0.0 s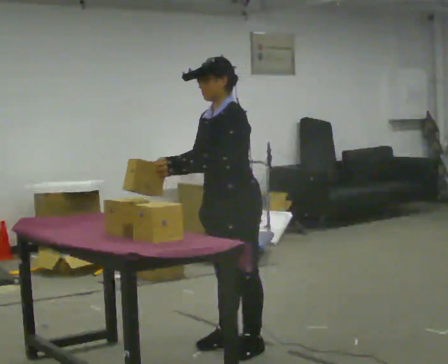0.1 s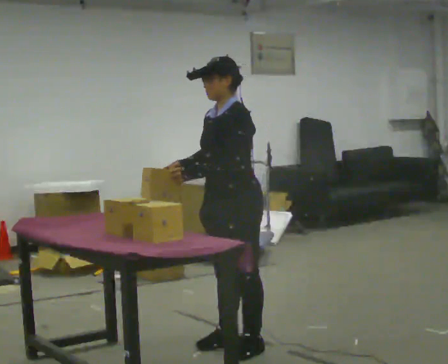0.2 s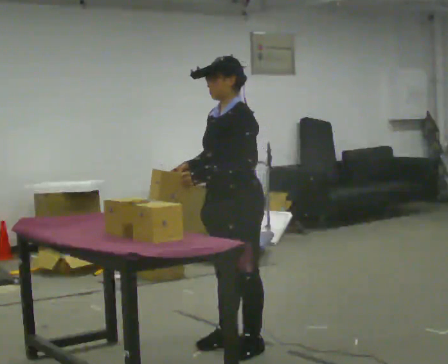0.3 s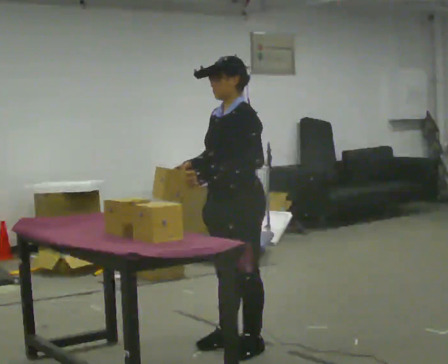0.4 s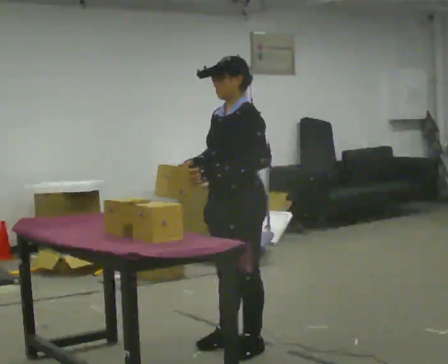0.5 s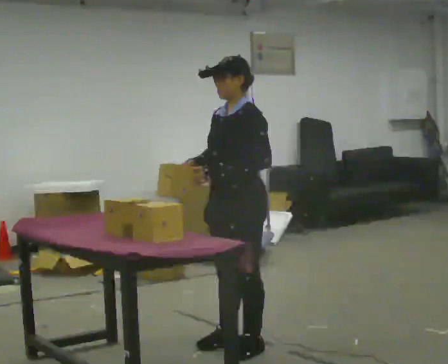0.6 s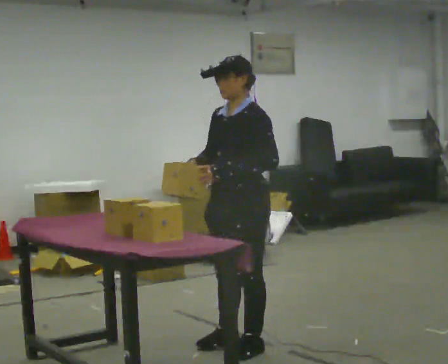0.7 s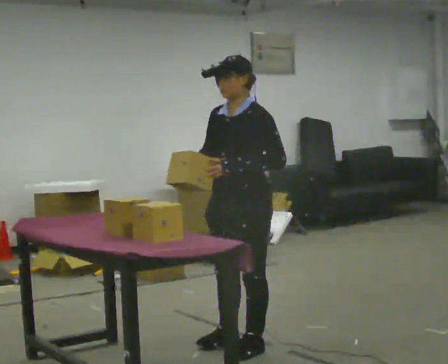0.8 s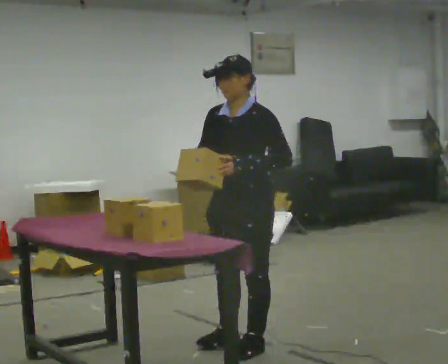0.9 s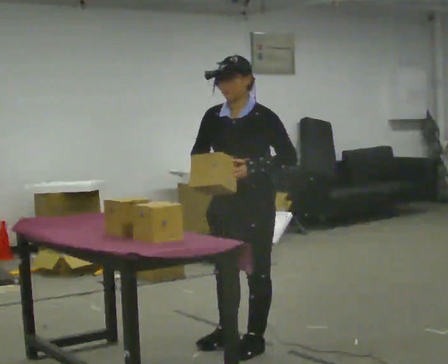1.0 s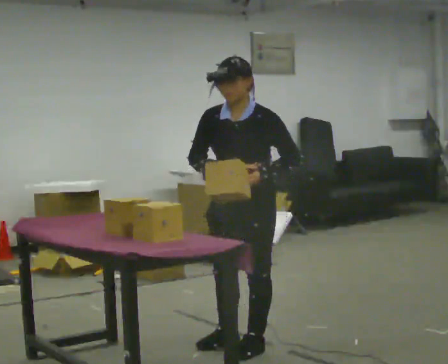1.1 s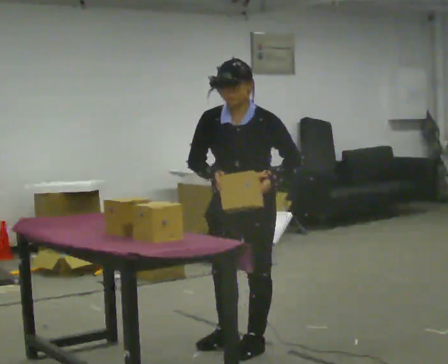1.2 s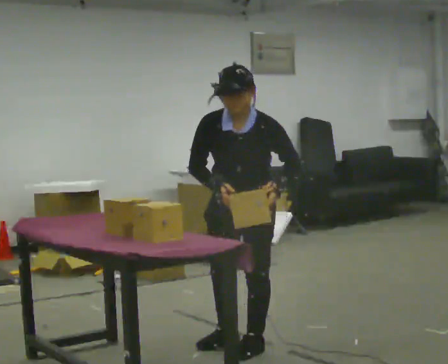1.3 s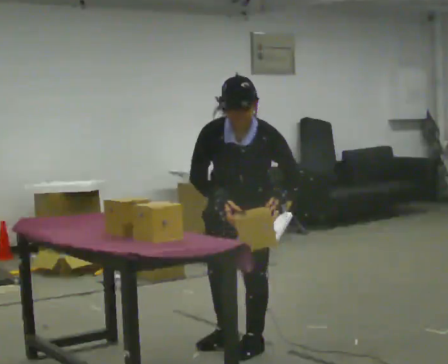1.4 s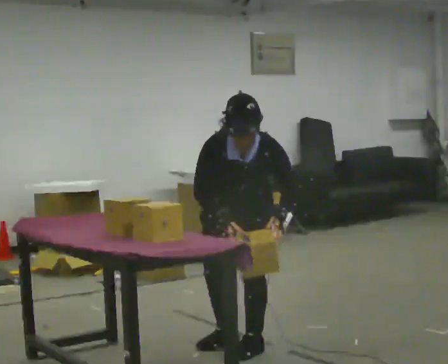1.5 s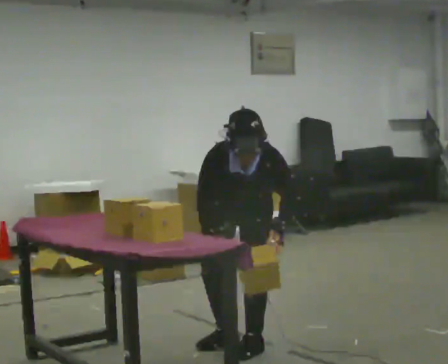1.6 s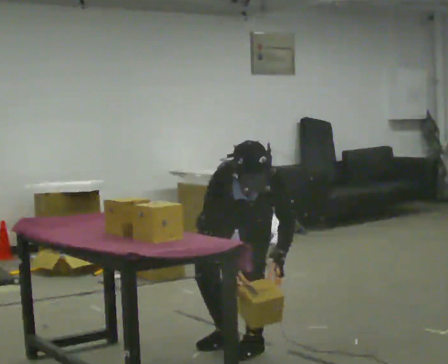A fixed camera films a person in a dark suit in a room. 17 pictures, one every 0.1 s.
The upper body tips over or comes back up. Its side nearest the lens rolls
downward.
Their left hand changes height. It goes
downward.
0.0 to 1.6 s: Seen from above the body turns counterclockwise, about 60 degrees: to their left, with its near side sliding to the right. The upper body goes downward. The upper body tips toward the camera, its near side rolling downward, as they bend forward. In the picture their left hand goes to the right and downward.
The film runs backward here.
